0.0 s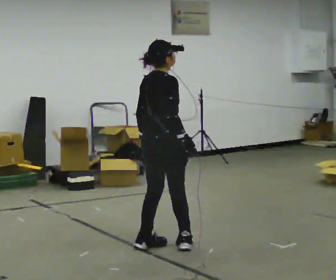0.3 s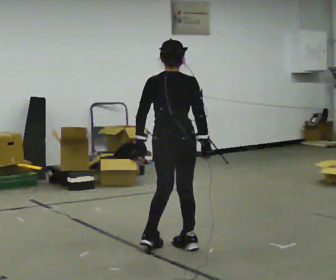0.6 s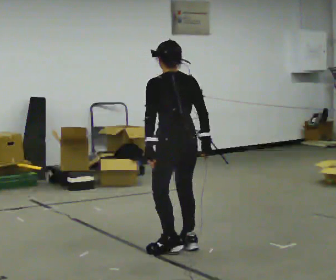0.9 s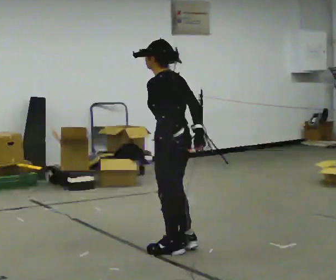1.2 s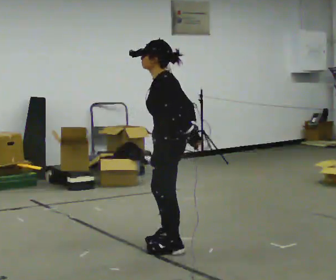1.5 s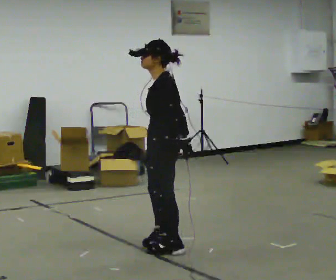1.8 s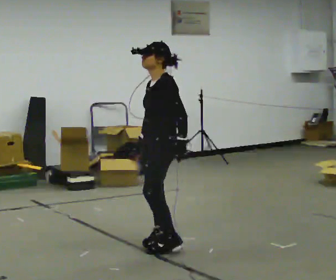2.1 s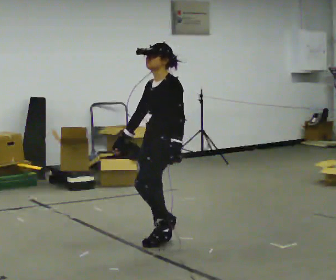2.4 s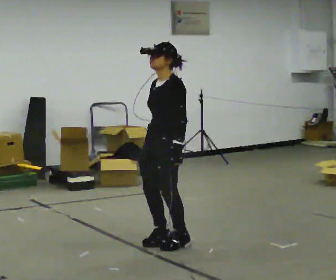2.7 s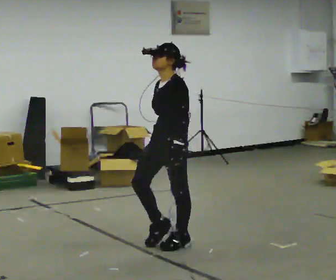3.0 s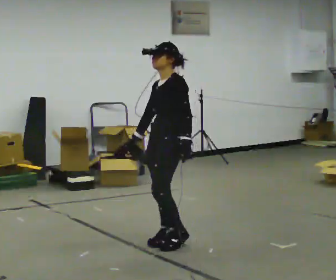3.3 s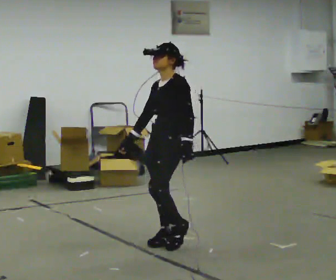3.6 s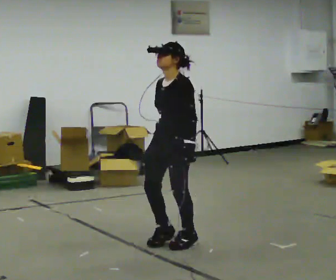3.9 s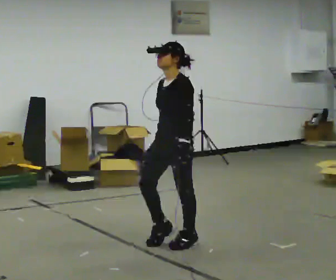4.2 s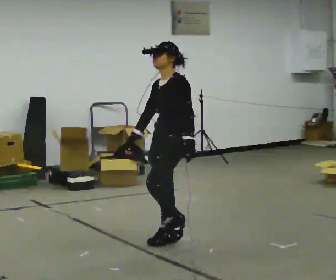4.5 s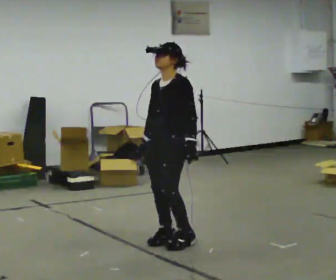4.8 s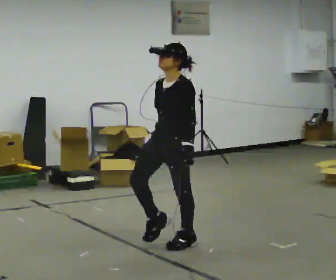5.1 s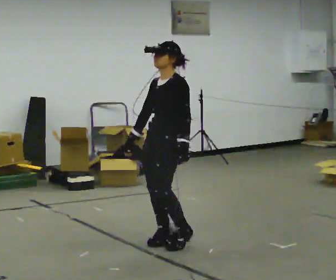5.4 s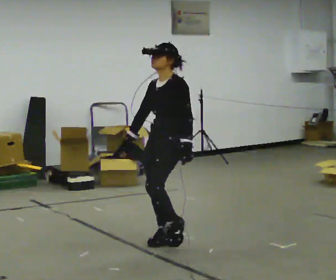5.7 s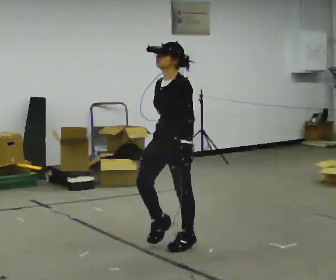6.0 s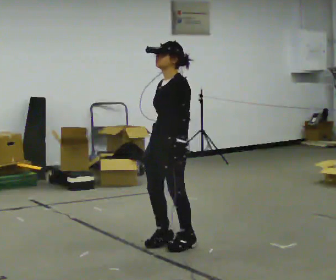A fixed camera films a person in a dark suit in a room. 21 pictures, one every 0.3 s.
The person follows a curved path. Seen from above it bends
clockwise.
0.0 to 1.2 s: The person turns about 135 degrees to their left, counterclockwise seen from above, so the part of the body nearest the lens slides to the right. In the picture their left hand goes to the right.
1.2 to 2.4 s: The part of the body nearest the lens slides to the right as the person turns to their left by about 45 degrees. In the picture they go away from the camera, about 0.25 m in 1 step, which for them is to their right. In the picture their right hand goes to the left.
2.4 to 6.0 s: The person moves a little, or ends about where they began.
The film runs backward here.
